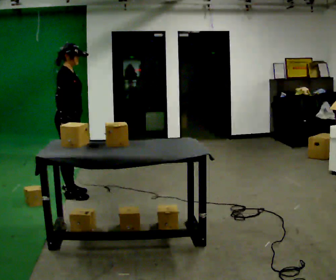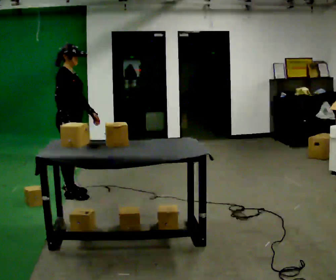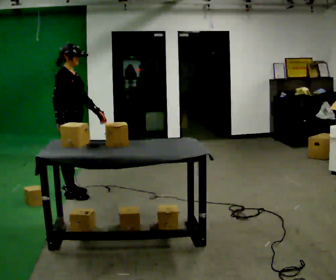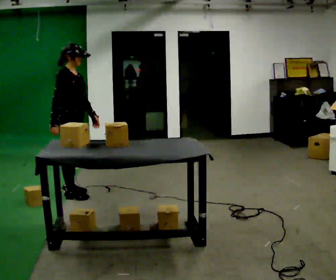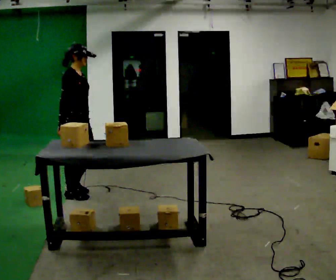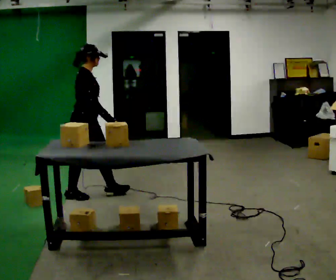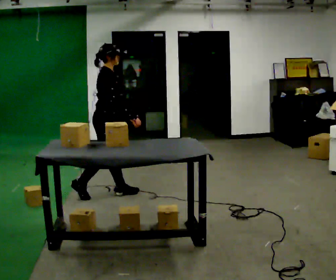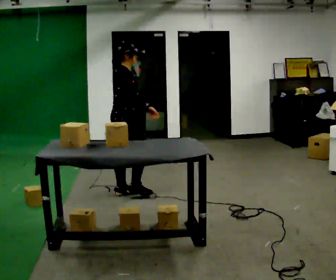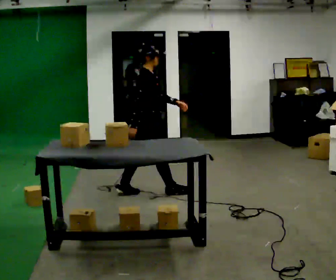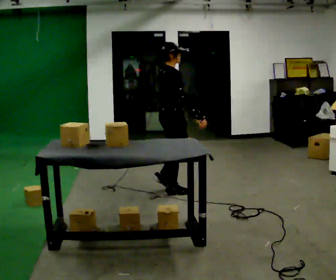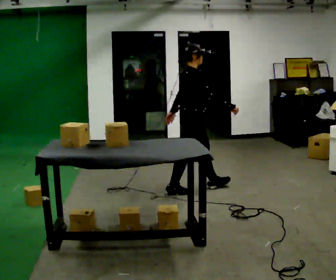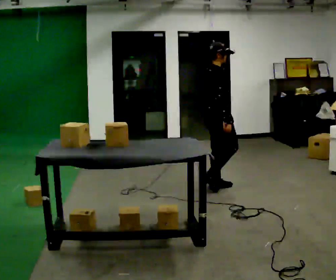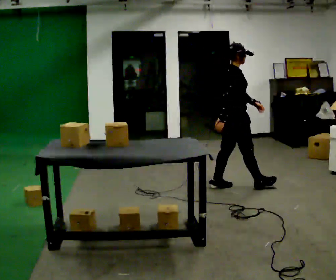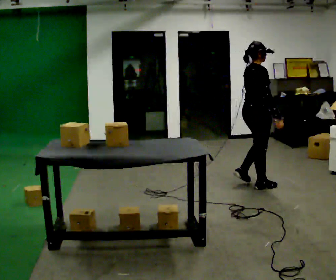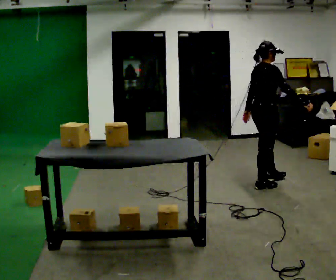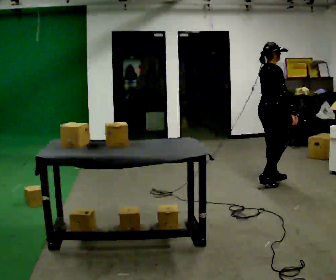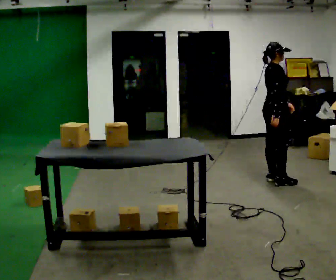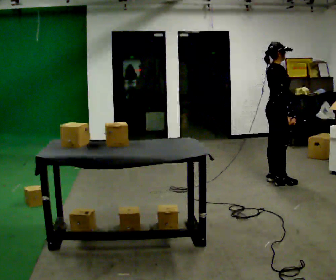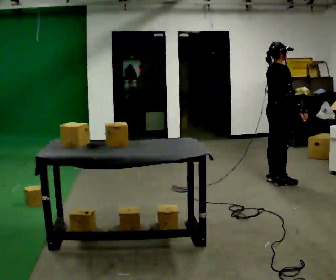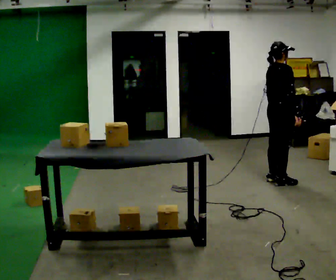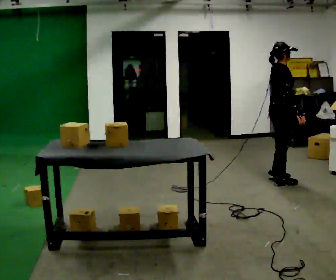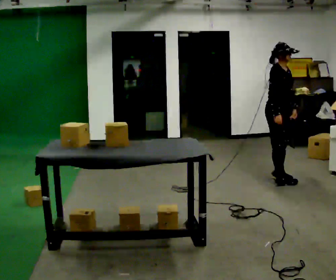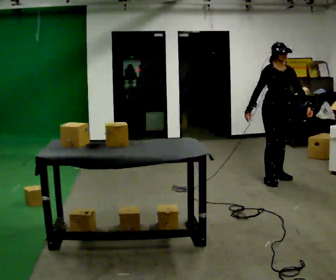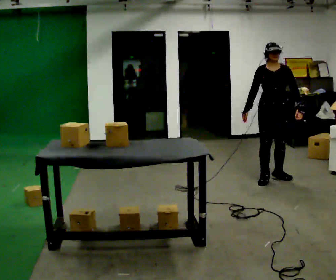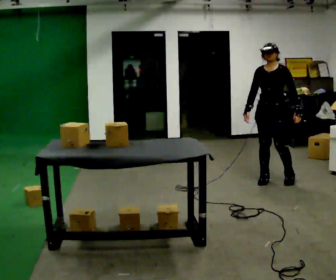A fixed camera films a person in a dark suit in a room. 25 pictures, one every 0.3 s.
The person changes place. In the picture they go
to the right.
0.0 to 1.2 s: The person moves a little, or ends about where they began.
1.2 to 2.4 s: In the picture they go to the right and away from the camera, about 1 m in 2 steps, which for them is forward.
2.4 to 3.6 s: In the picture they go to the right, about 1 m in 1 step, which for them is forward.
3.6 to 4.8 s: In the picture they go to the right and away from the camera, about 0.5 m in 3 steps, which for them is forward.
4.8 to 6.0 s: The person moves a little, or ends about where they began.
6.0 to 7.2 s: The person turns about 120 degrees to their right, clockwise seen from above, so the part of the body nearest the lens slides to the left.
The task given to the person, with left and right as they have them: Take the boxes off the top, get the one from the bottom, carry it away, then put the others back. Keep going until the operator says stop; one object at a time, and do not rush between trips.
The film runs forward here.
